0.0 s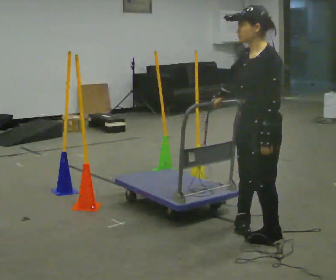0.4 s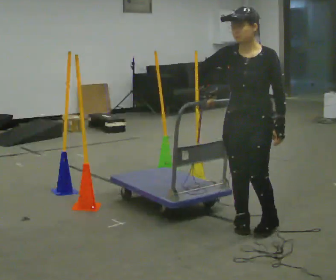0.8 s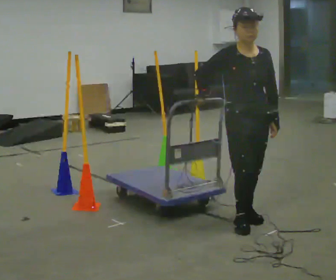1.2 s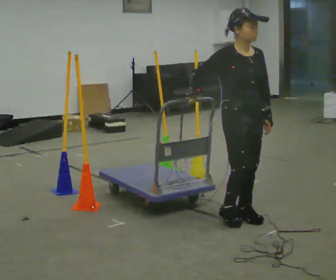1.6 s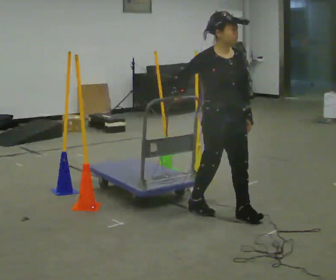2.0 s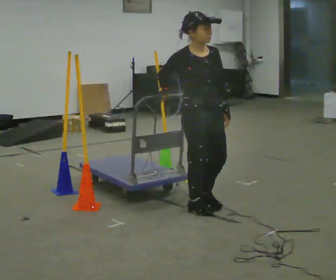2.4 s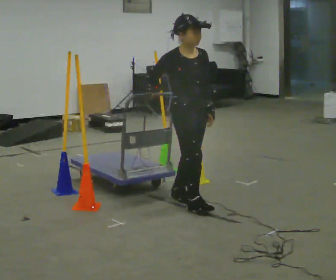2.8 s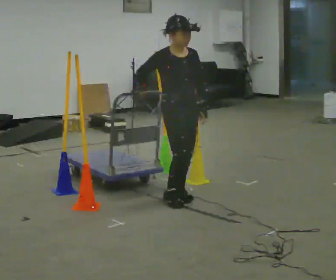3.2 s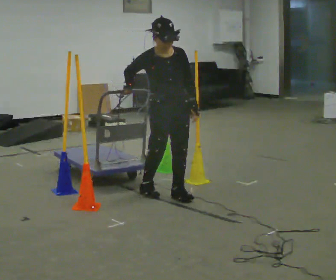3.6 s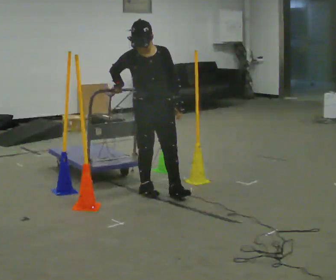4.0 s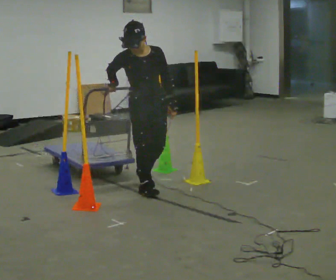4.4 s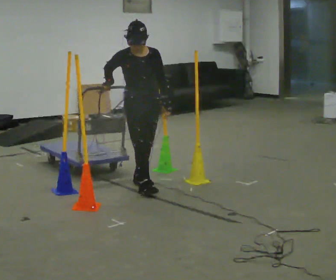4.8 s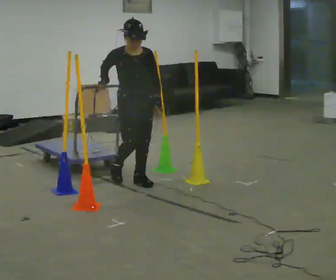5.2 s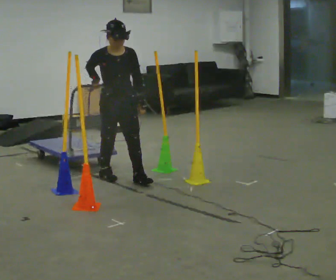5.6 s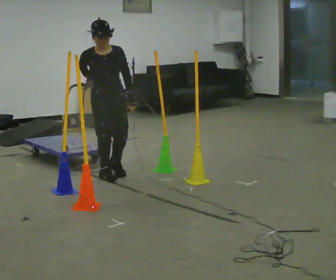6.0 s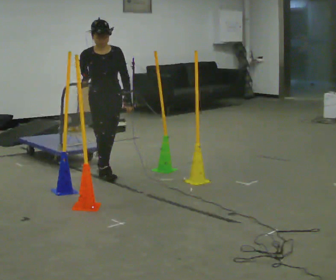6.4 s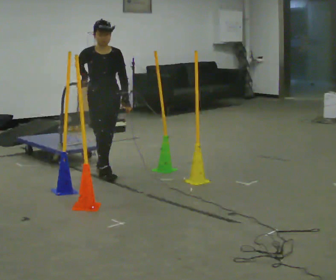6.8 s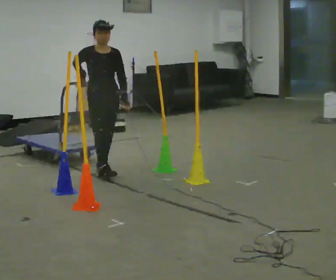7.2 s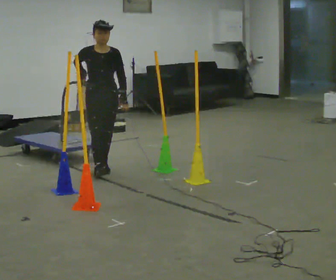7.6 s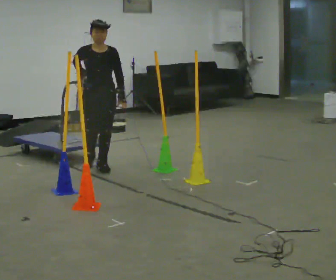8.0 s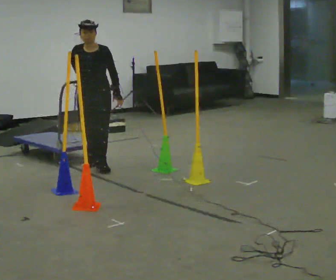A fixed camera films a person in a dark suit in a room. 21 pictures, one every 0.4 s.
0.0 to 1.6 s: The person turns about 105 degrees to their left, counterclockwise seen from above, so the part of the body nearest the lens slides to the right. In the picture they go away from the camera and to the left, about 0.5 m in 2 steps.
1.6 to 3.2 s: In the picture they go away from the camera and to the left, about 0.75 m in 2 steps, which for them is backward.
3.2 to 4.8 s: In the picture they go away from the camera and to the left, about 0.5 m in 2 steps, which for them is backward.
4.8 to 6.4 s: In the picture they go to the left and away from the camera, about 0.5 m in 1 step, which for them is backward and to their right.
6.4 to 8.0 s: In the picture they go away from the camera, about 0.25 m in 1 step, which for them is backward.
The film runs backward here.
